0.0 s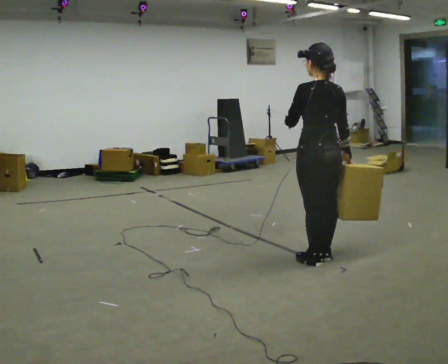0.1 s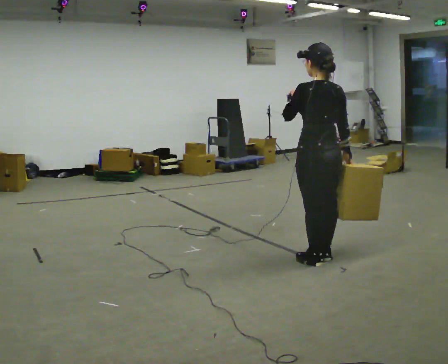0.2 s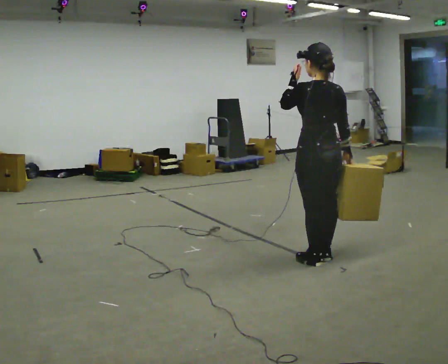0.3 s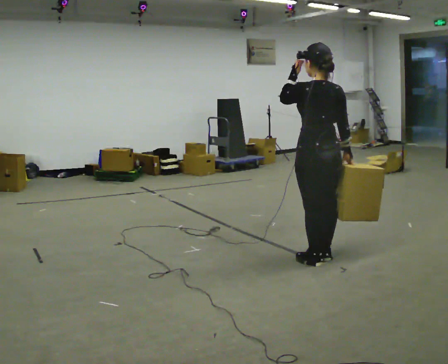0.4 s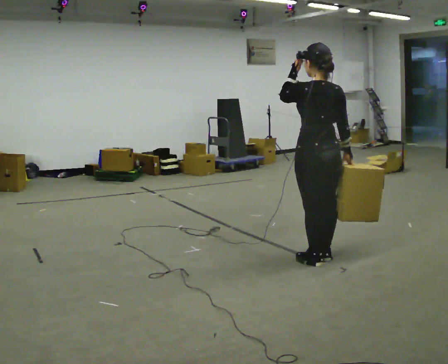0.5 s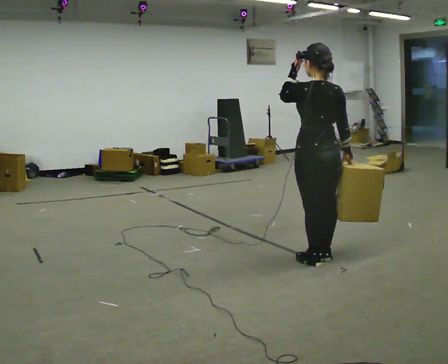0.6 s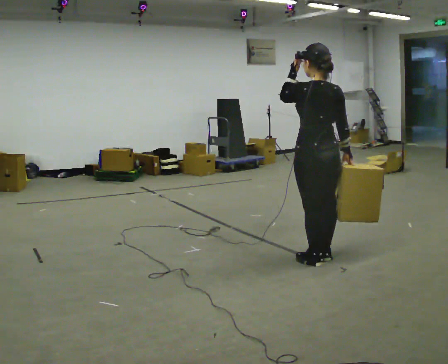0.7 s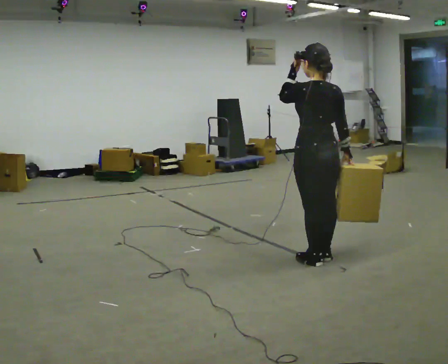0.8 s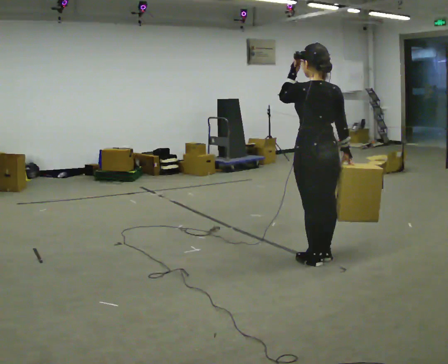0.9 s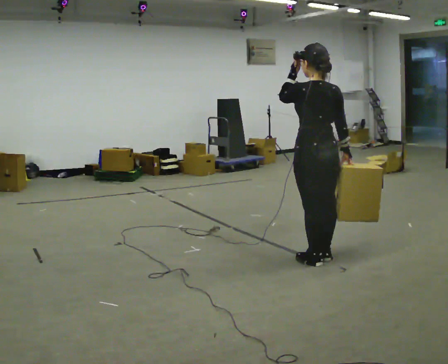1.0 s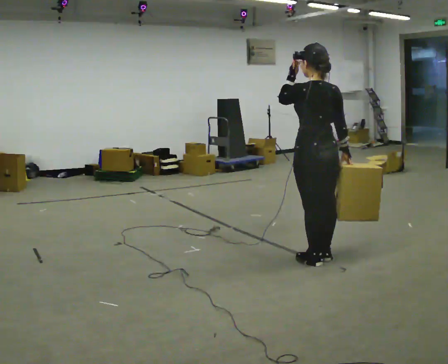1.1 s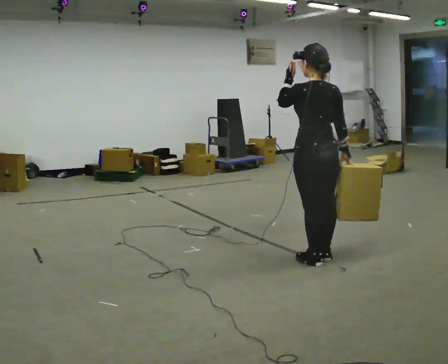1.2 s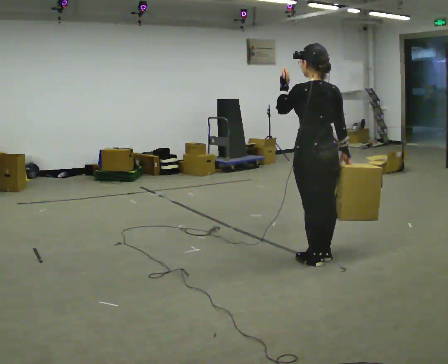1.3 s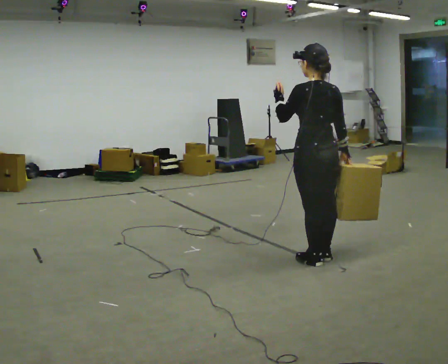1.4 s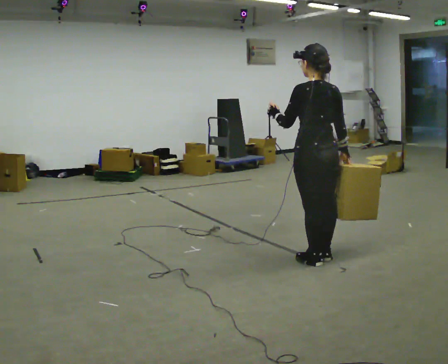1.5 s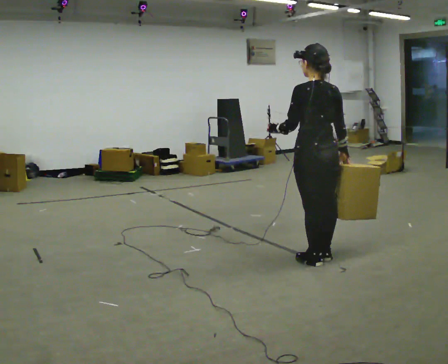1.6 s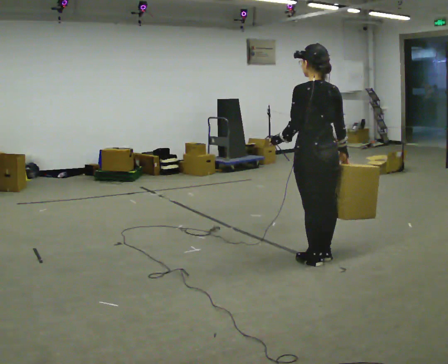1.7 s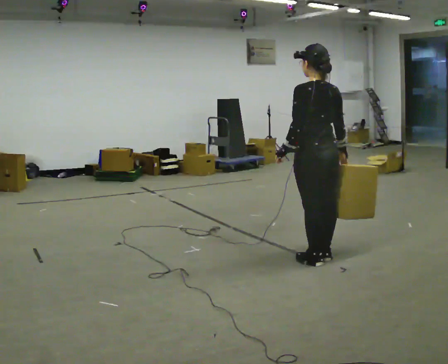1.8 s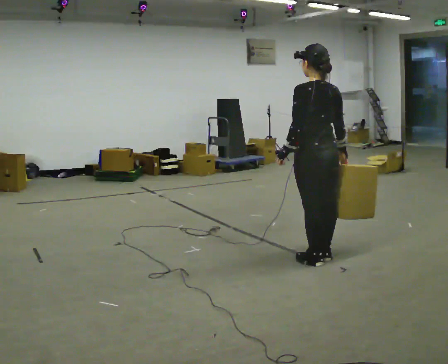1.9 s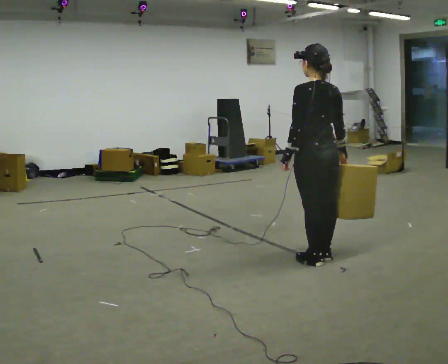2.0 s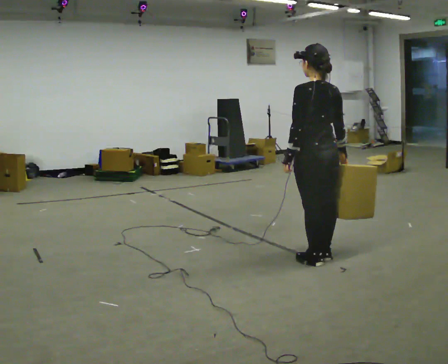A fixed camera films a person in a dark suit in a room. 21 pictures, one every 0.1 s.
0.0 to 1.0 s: The person moves a little, or ends about where they began.
1.0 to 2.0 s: In the picture their left hand goes downward.
The film runs forward here.
